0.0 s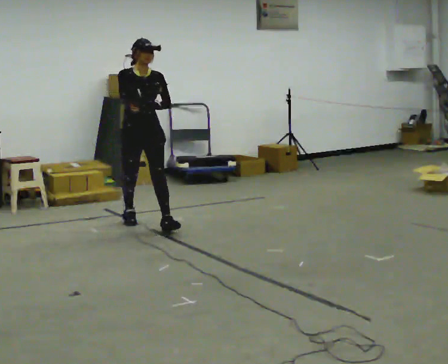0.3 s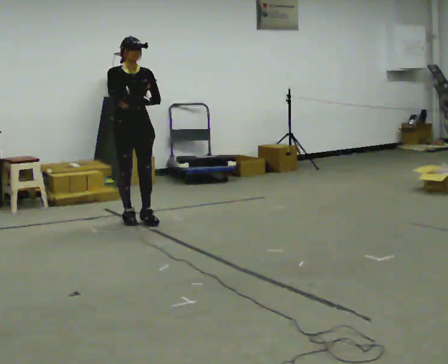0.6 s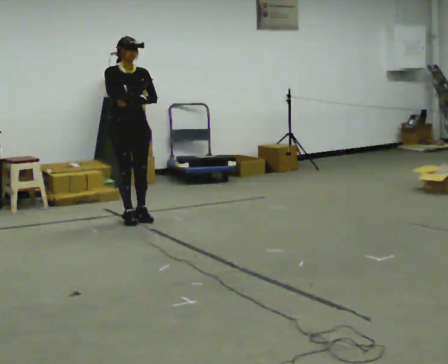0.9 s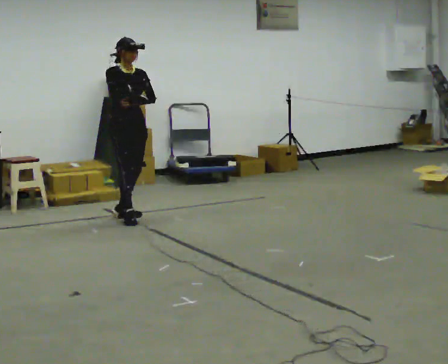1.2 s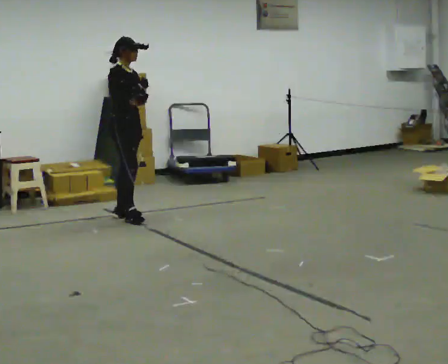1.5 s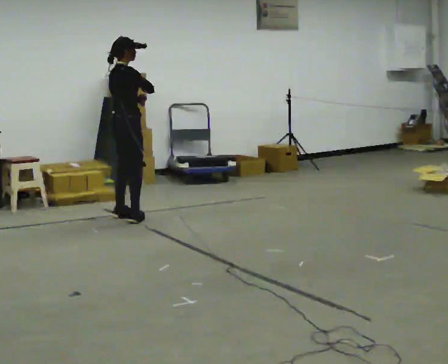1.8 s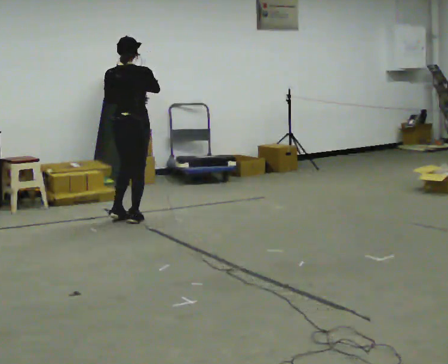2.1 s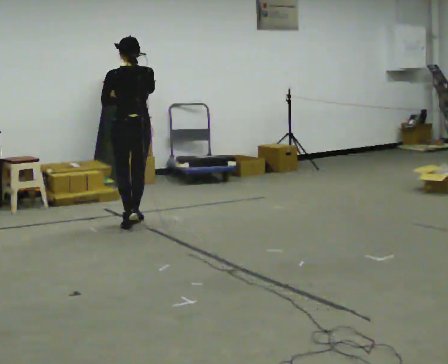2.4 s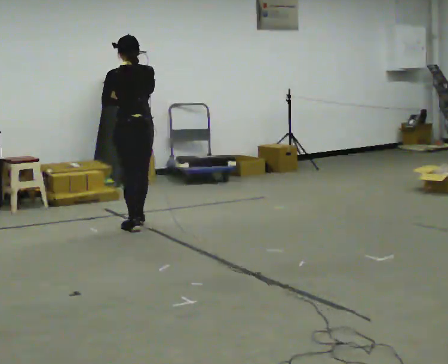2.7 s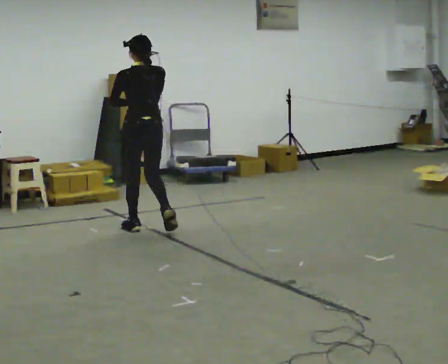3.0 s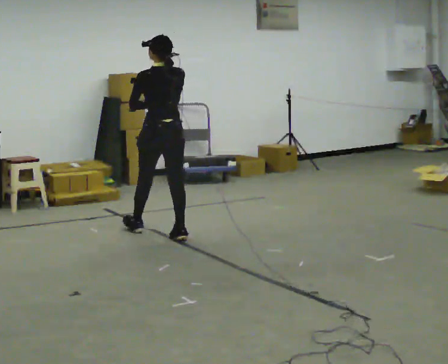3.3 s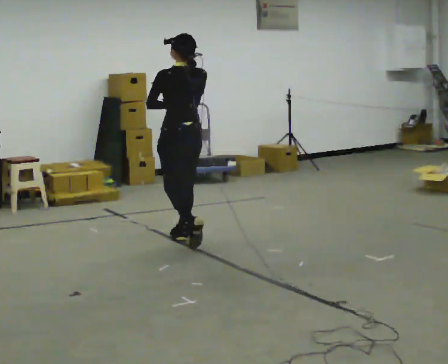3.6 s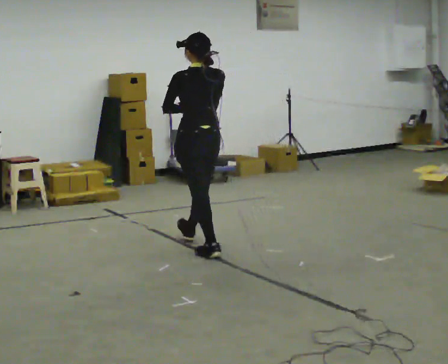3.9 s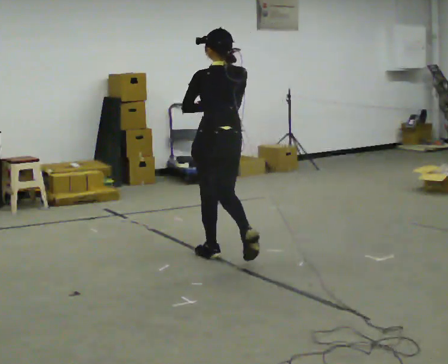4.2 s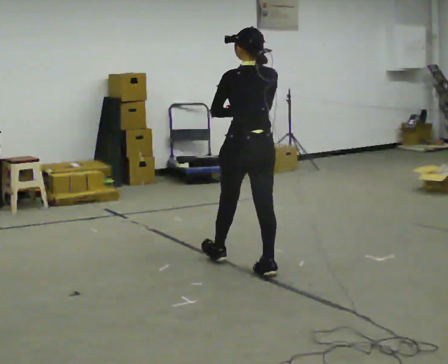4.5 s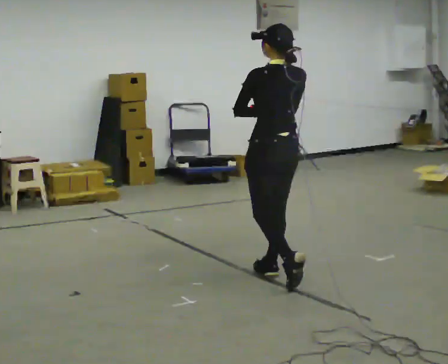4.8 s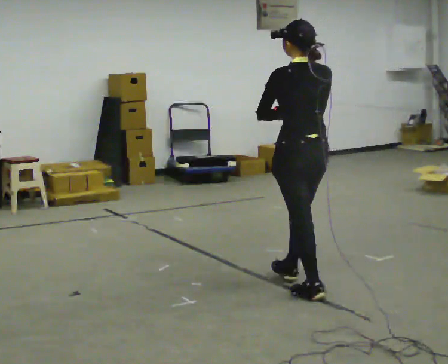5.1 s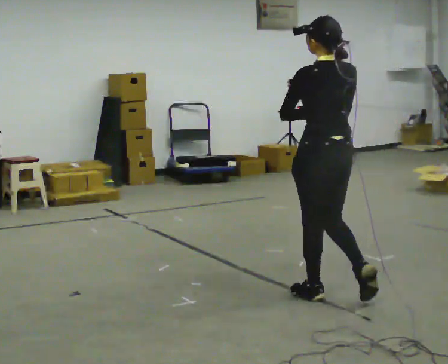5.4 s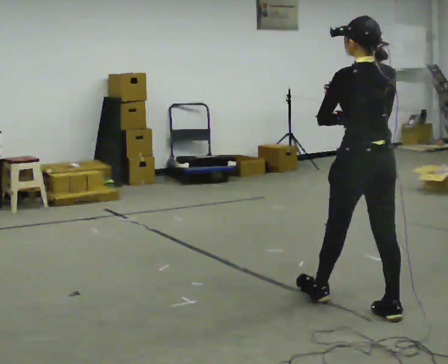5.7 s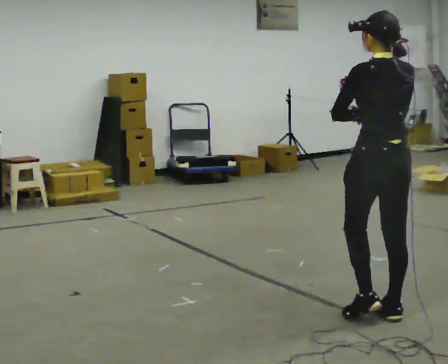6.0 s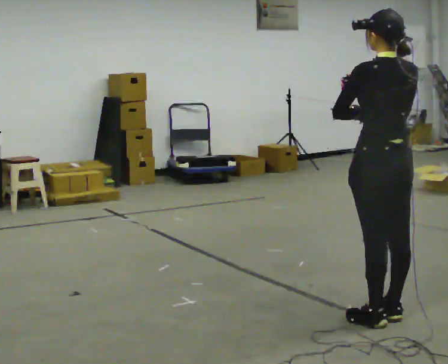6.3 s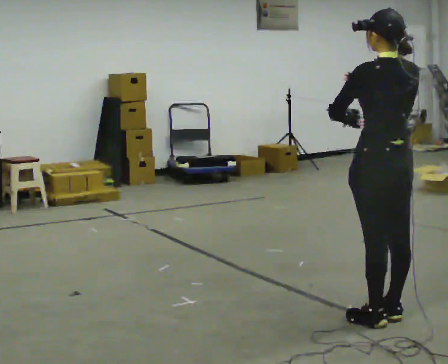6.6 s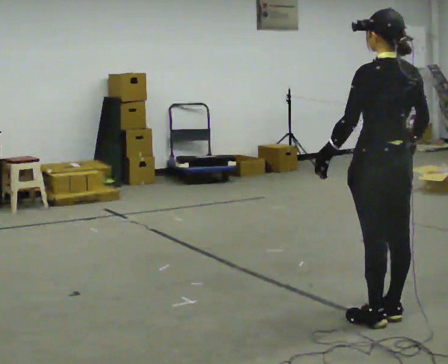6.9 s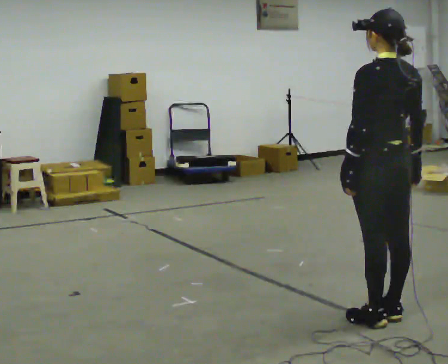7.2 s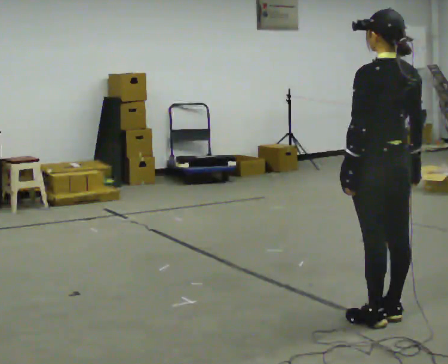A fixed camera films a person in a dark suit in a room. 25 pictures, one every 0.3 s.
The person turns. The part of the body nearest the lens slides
to the right.
The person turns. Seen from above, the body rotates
counterclockwise.
0.0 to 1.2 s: Seen from above the body turns counterclockwise, about 45 degrees: to their left, with its near side sliding to the right. In the picture they go away from the camera and to the left, about 0.25 m in 1 step, which for them is backward.
1.2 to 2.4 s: Seen from above the body turns counterclockwise, about 135 degrees: to their left, with its near side sliding to the right. In the picture they go toward the camera and to the right, about 0.5 m in 2 steps.
2.4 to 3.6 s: In the picture they go toward the camera and to the right, about 1 m in 2 steps, which for them is backward.
3.6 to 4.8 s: In the picture they go toward the camera and to the right, about 1 m in 2 steps, which for them is backward.
4.8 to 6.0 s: In the picture they go toward the camera and to the right, about 0.75 m in 1 step, which for them is backward.
6.0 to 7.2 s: In the picture their right hand goes downward.
The film runs backward here.
